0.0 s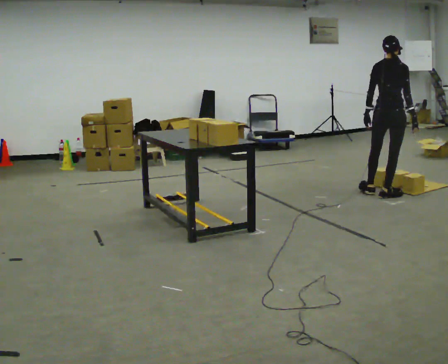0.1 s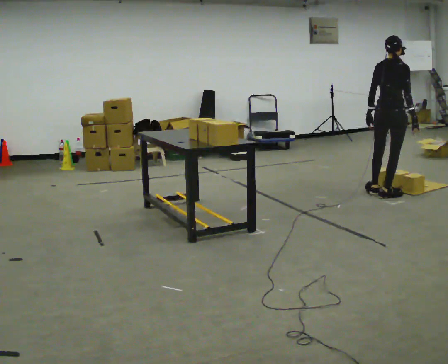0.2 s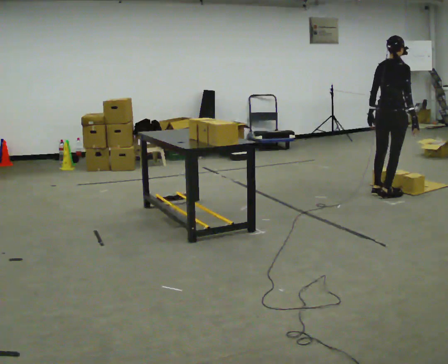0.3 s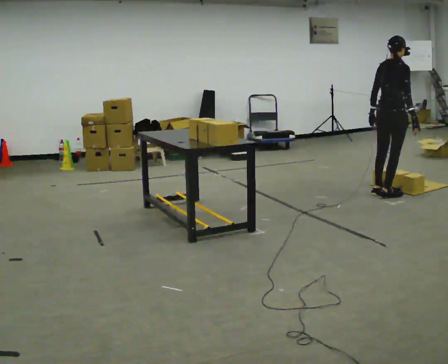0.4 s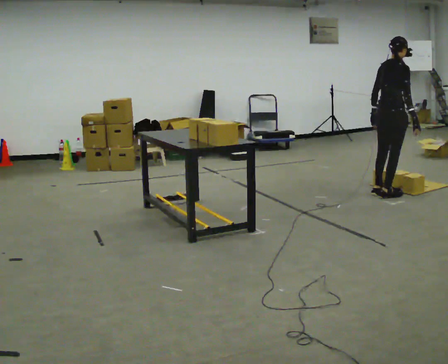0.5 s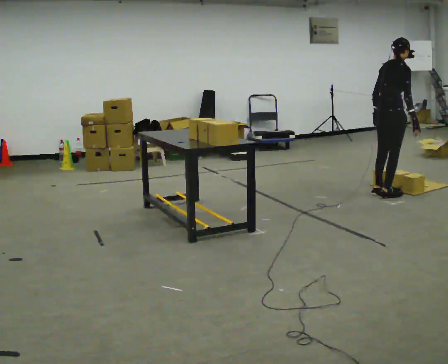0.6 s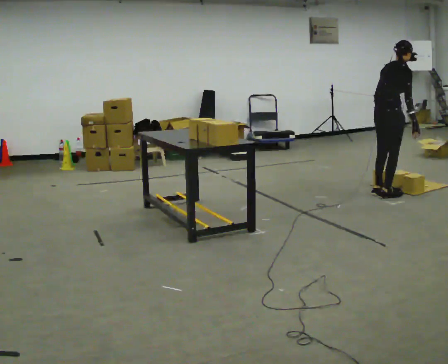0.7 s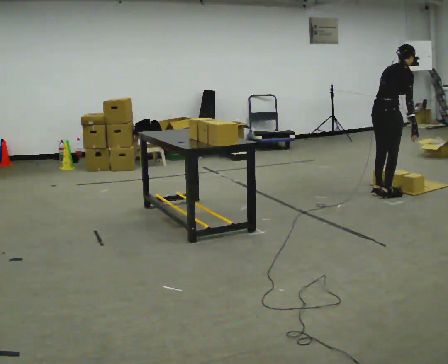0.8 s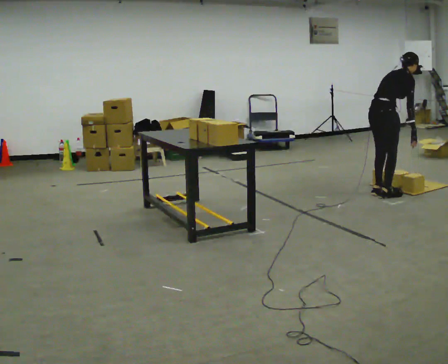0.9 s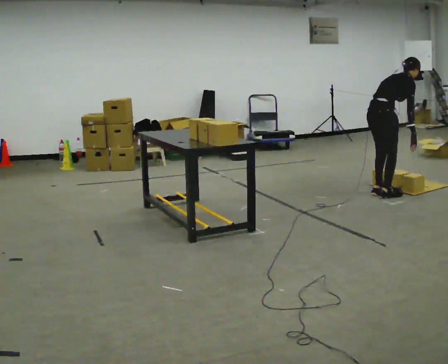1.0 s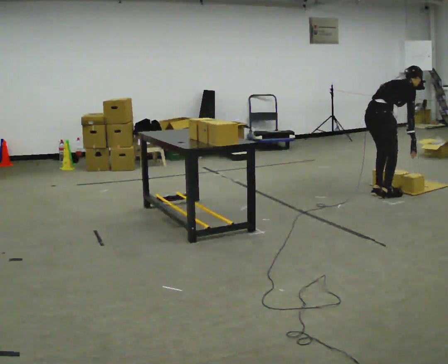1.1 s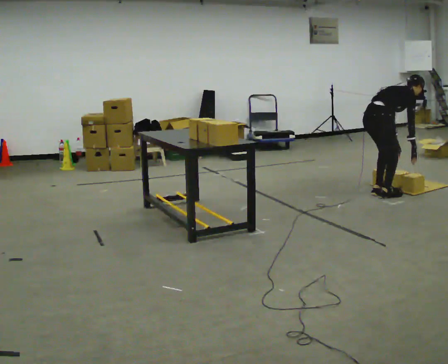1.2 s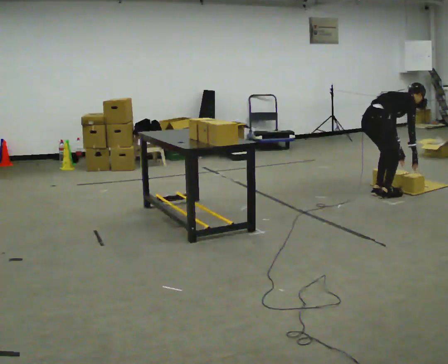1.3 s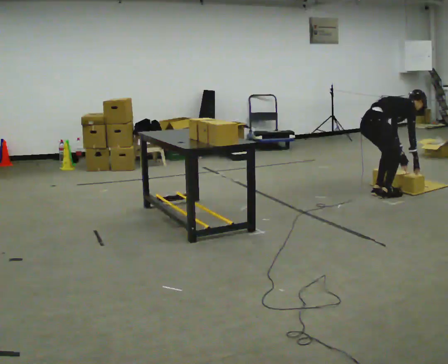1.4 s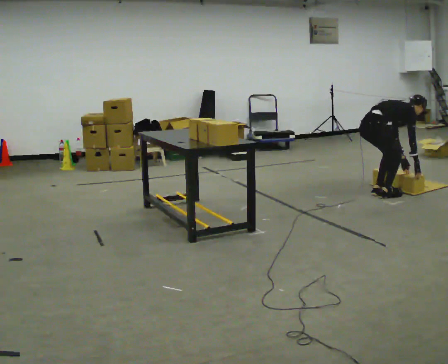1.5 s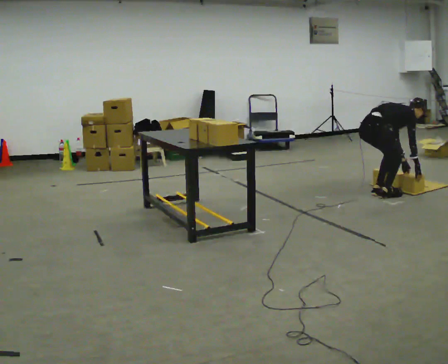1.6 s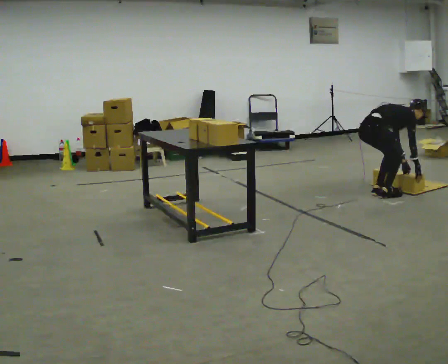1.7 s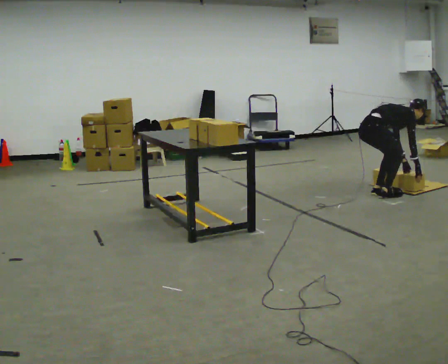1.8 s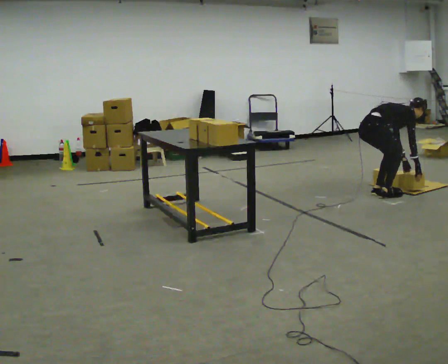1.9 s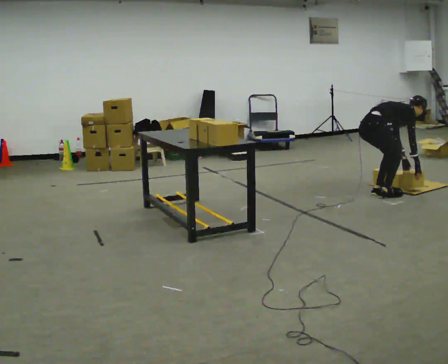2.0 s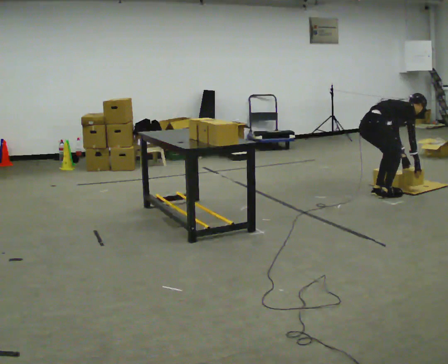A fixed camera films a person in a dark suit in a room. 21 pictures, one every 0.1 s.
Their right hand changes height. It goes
downward.
The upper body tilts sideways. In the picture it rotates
clockwise.
0.0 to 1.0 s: The person turns about 45 degrees to their right, clockwise seen from above, so the part of the body nearest the lens slides to the left. The shoulders move downward. In the picture the upper body tilts clockwise, shoulders to the right, as they bend forward.
1.0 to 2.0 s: The upper body goes downward. In the picture the upper body tilts clockwise, shoulders to the right, as they bend forward.
The film runs backward here.
